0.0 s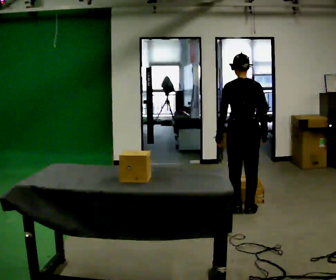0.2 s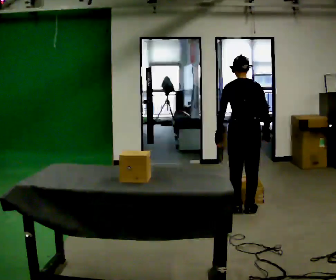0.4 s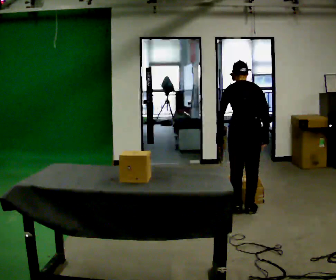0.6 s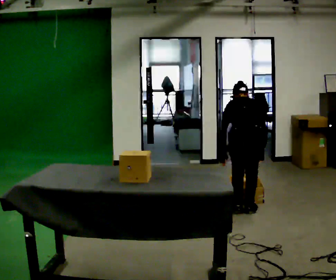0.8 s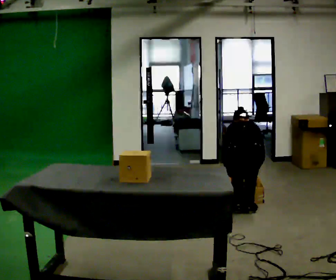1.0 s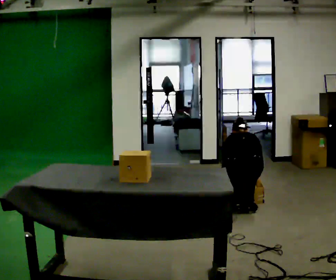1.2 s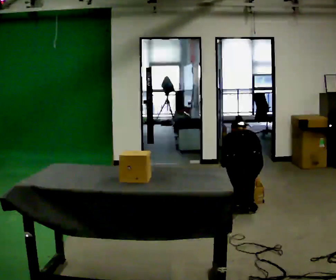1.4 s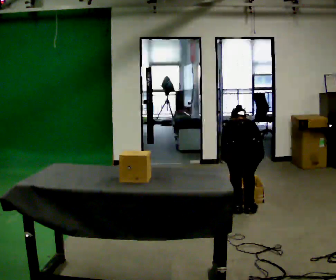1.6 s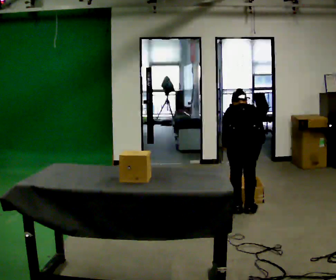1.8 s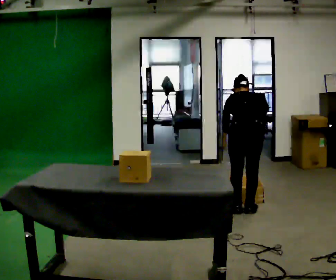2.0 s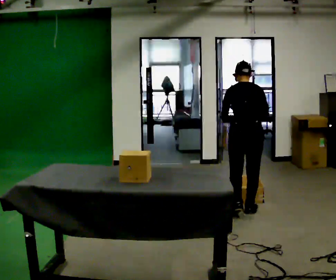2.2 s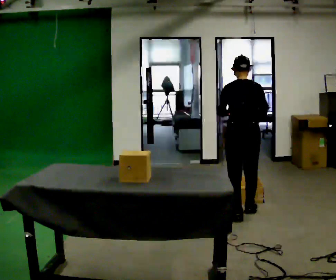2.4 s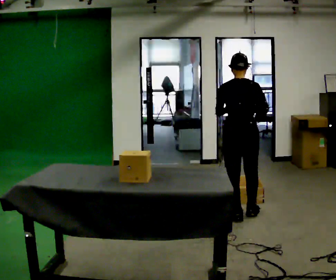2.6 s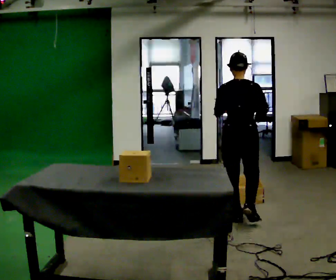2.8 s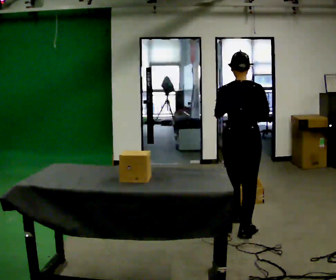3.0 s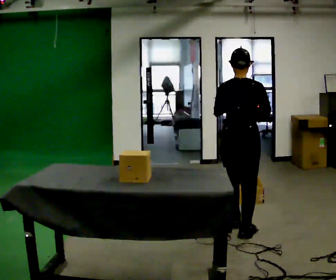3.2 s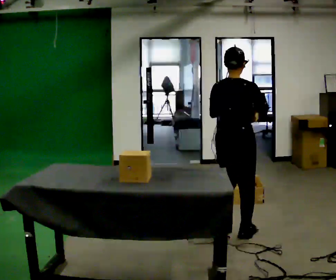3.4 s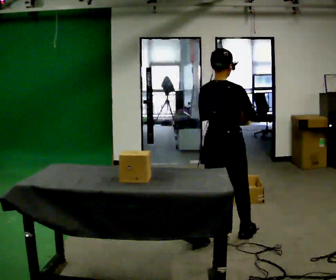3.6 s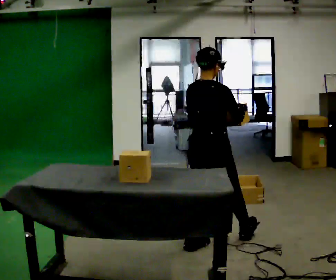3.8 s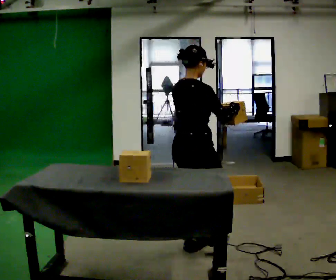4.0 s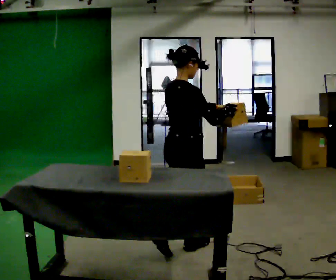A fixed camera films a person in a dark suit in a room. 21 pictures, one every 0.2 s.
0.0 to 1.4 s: In the picture they go toward the camera, about 0.25 m, which for them is backward. The upper body tips away from the camera, its near side rolling upward, as they bend forward. In the picture their left hand goes downward.
1.4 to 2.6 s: In the picture they go toward the camera, about 0.25 m in 2 steps, which for them is backward. The shoulders move upward. The upper body tips toward the camera, its near side rolling downward, as they lean back or straighten. In the picture their right hand goes upward.
2.6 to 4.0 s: The part of the body nearest the lens slides to the left as the person turns to their right by about 45 degrees. In the picture they go toward the camera and to the left, about 1 m in 2 steps, which for them is backward.
The film runs backward here.
